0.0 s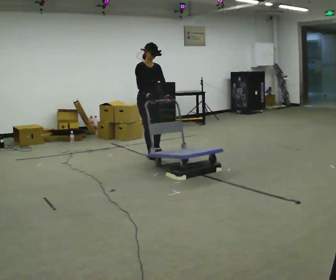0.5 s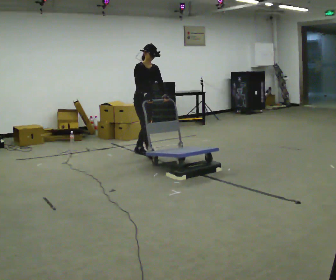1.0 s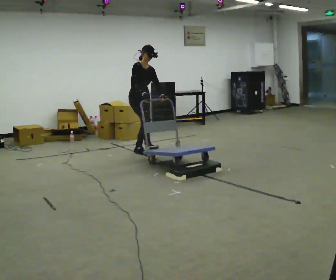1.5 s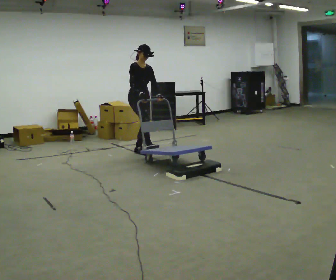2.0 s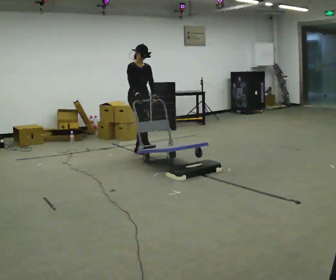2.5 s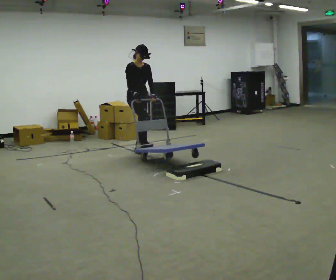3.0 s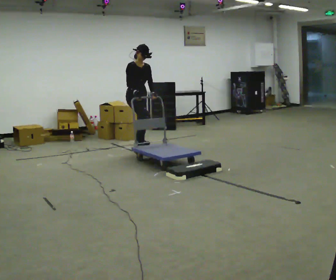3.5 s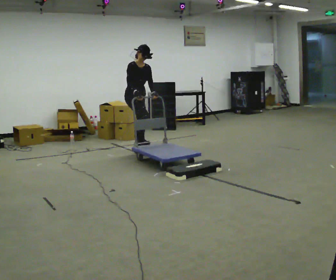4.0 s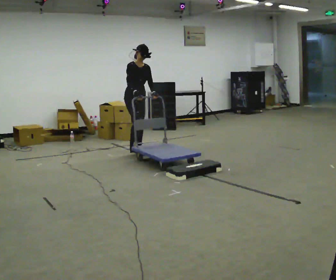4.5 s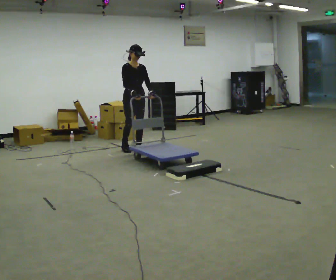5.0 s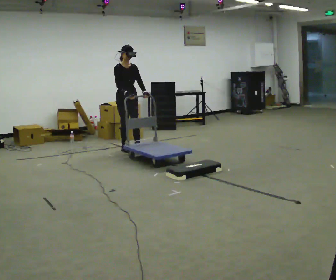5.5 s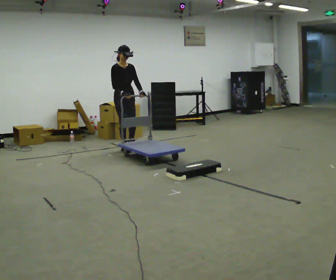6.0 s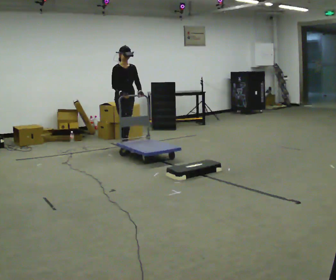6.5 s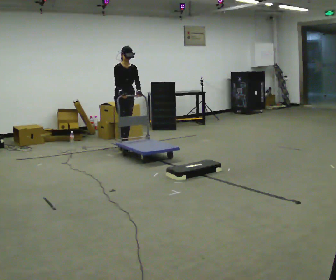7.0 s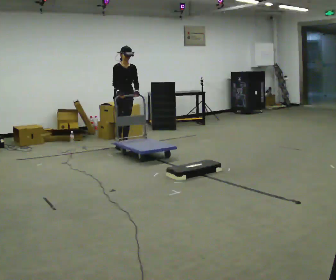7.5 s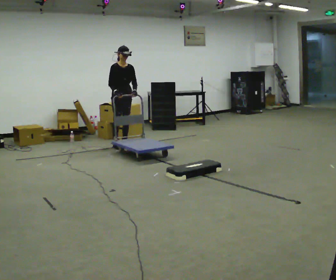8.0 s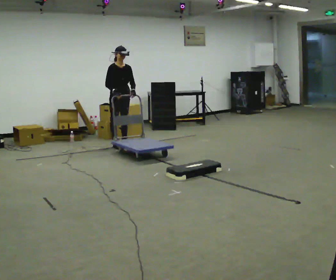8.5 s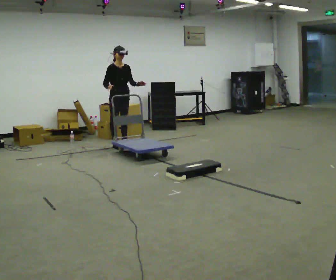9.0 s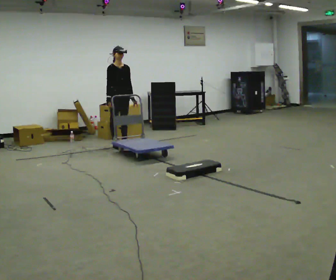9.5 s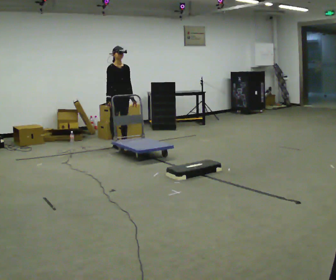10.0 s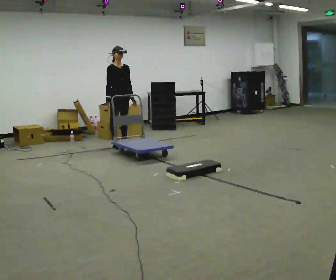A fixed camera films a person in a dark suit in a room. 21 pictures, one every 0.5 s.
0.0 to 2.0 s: In the picture they go away from the camera, about 0.25 m in 1 step, which for them is backward.
2.0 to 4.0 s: The person moves a little, or ends about where they began.
4.0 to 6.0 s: In the picture they go away from the camera and to the left, about 0.25 m in 1 step, which for them is backward.
6.0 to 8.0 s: In the picture they go away from the camera, about 0.25 m in 1 step, which for them is backward.
8.0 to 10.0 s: The person moves a little, or ends about where they began.
The film runs backward here.
